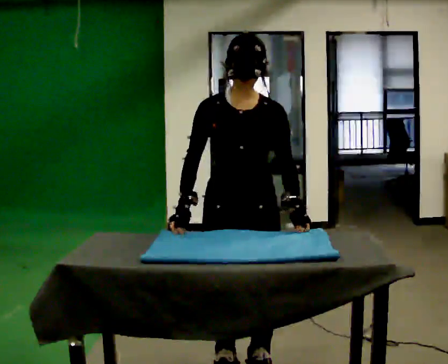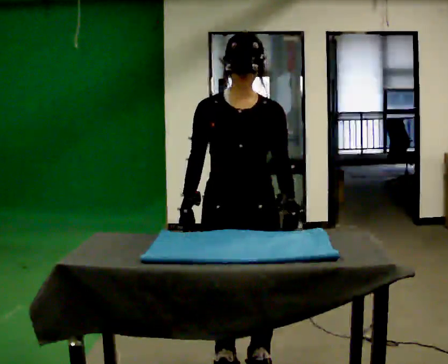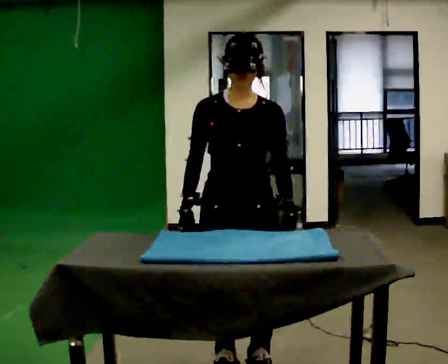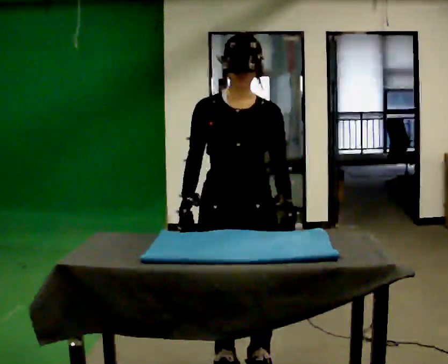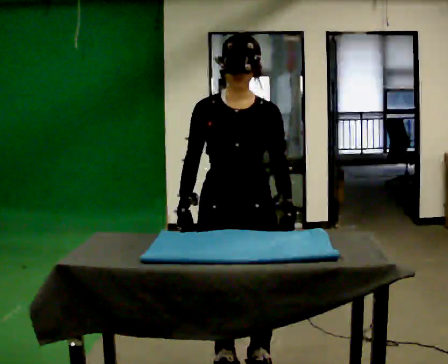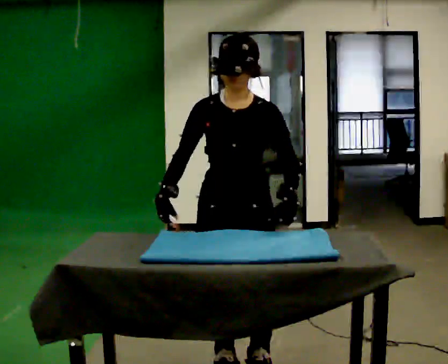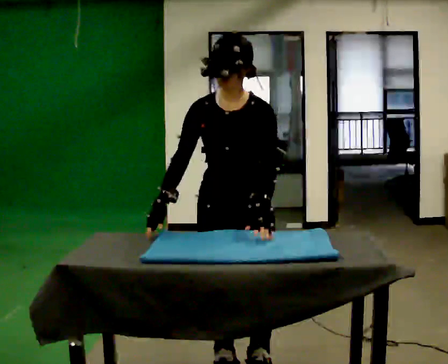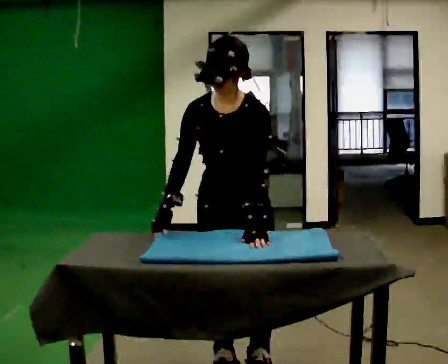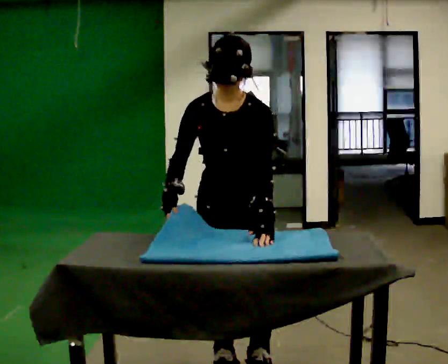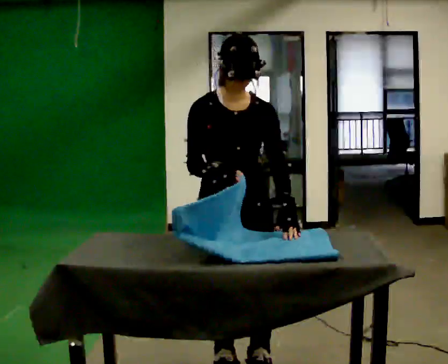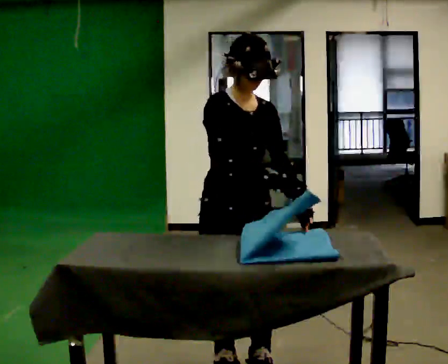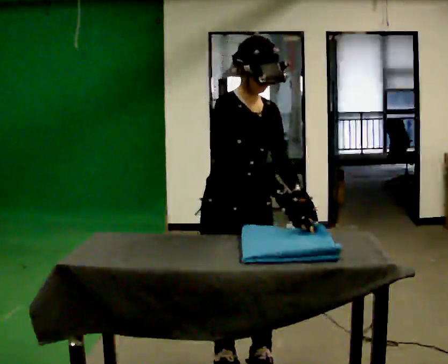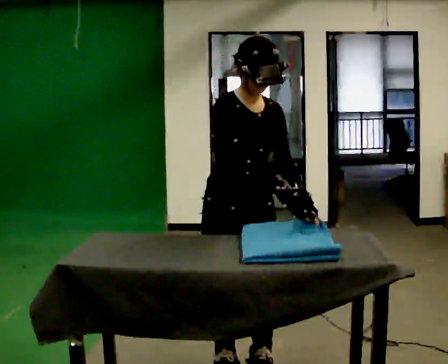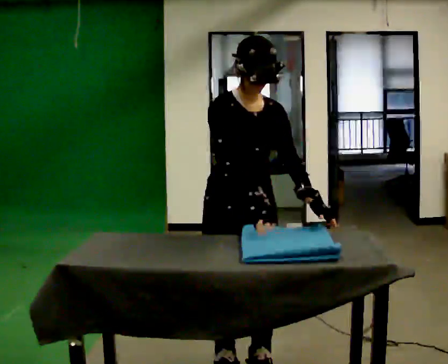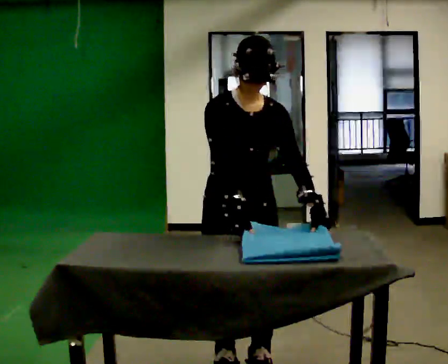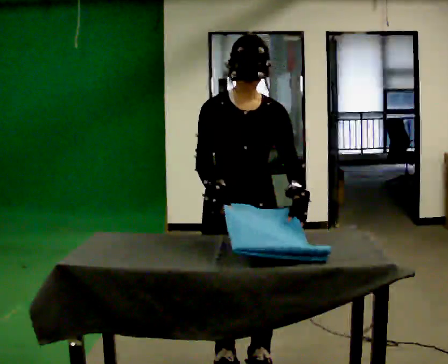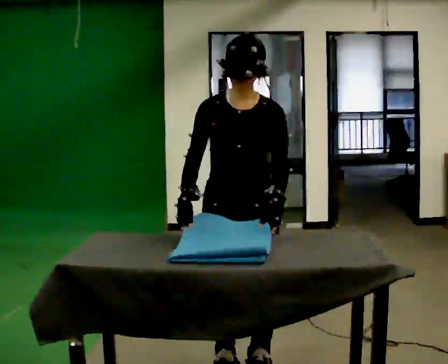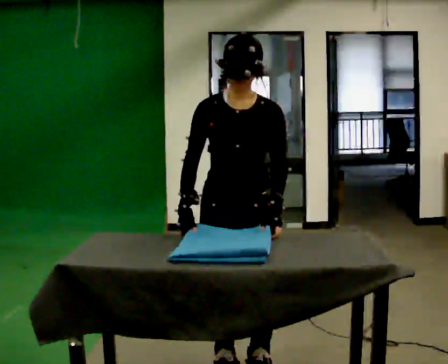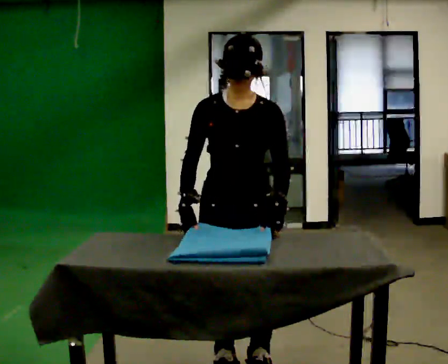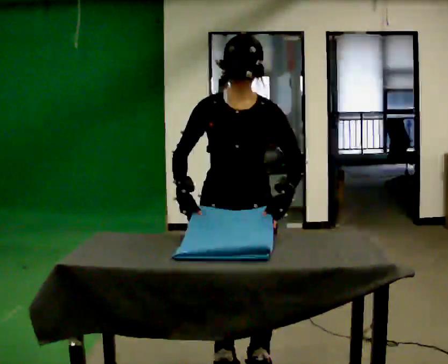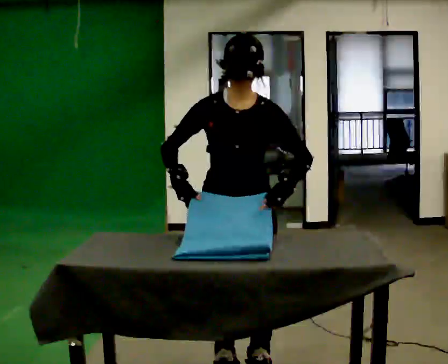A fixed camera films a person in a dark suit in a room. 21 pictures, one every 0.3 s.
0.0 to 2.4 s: The person moves a little, or ends about where they began.
2.4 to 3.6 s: The part of the body nearest the lens slides to the right as the person turns to their left by about 30 degrees. In the picture their right hand goes to the right.
3.6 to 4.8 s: Seen from above the body turns clockwise, about 30 degrees: to their right, with its near side sliding to the left. In the picture their right hand goes to the left, the arm swinging clockwise.
4.8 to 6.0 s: The person moves a little, or ends about where they began.
The film runs forward here.
